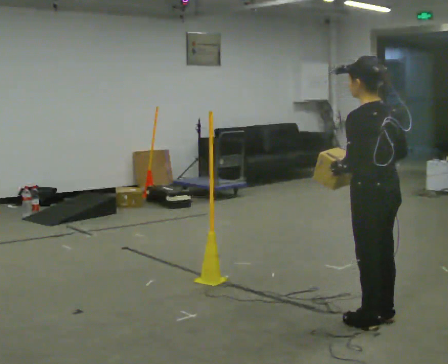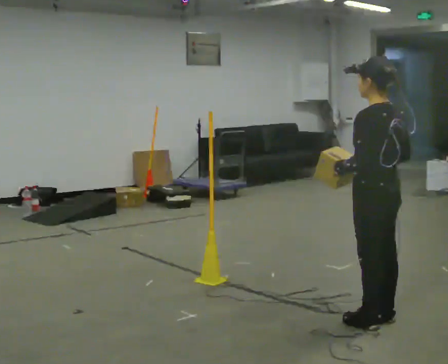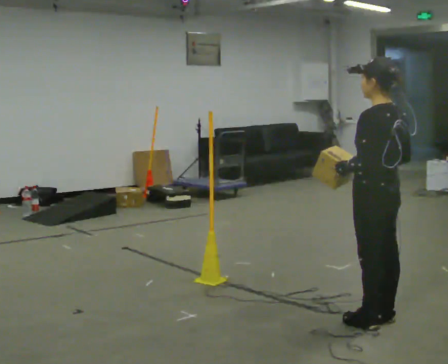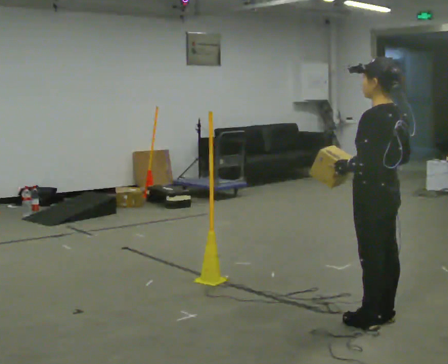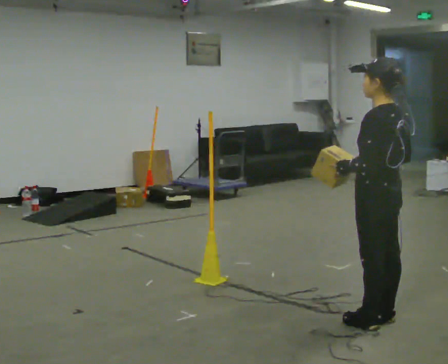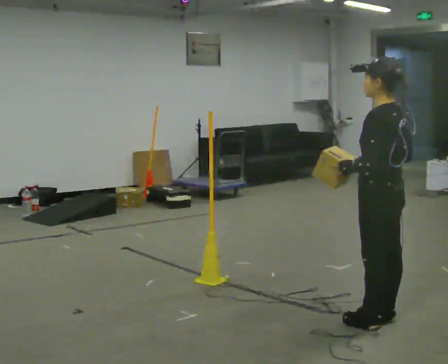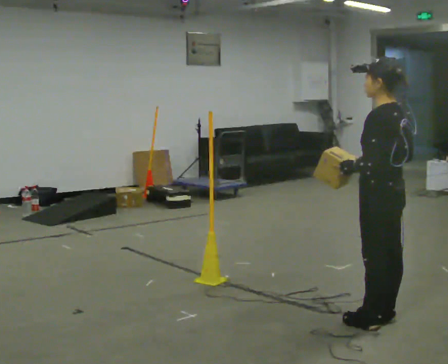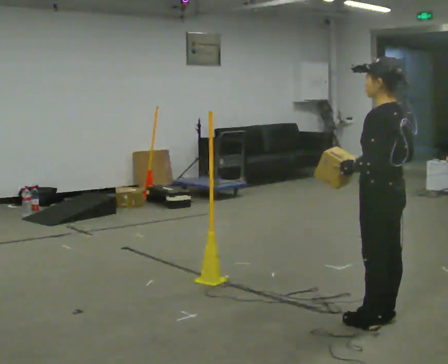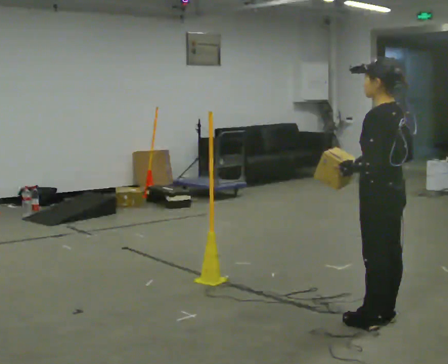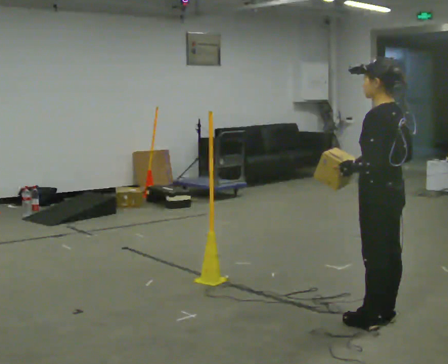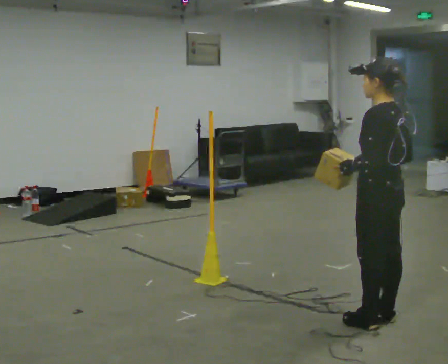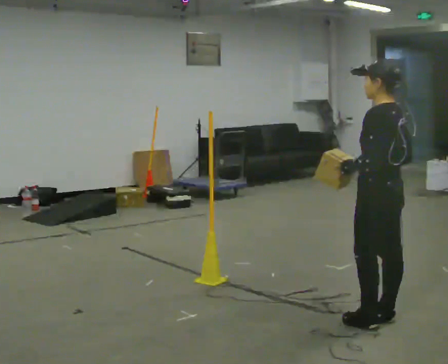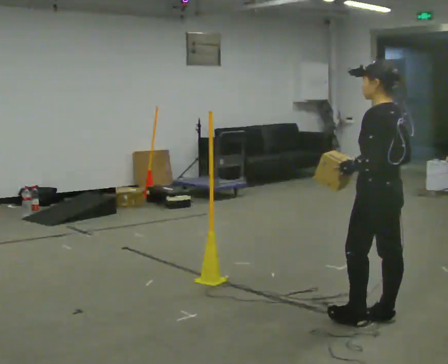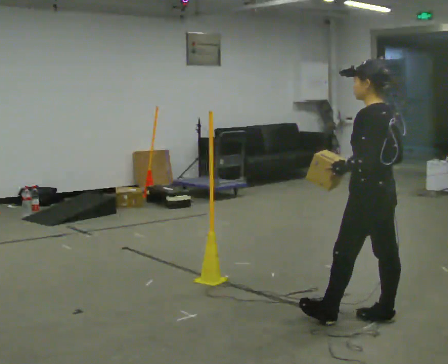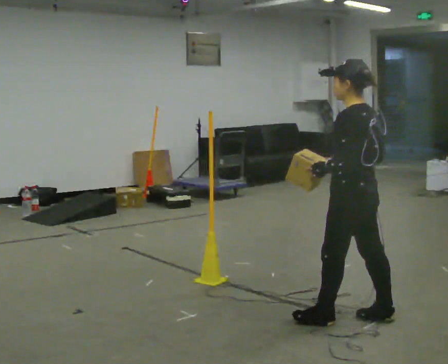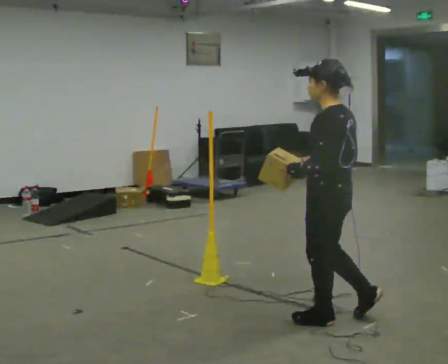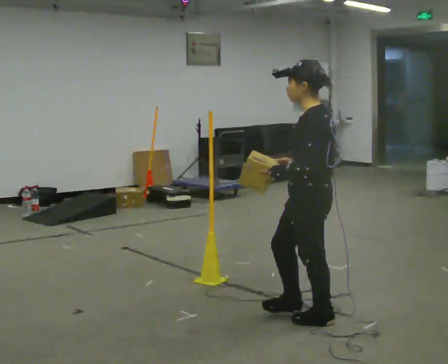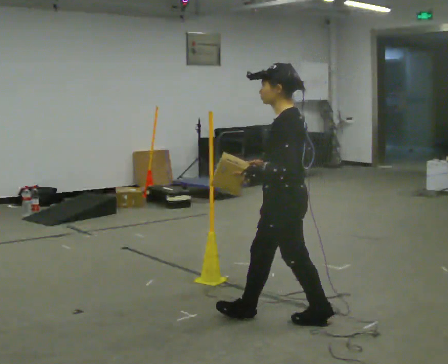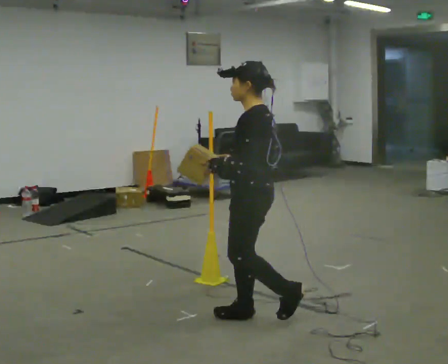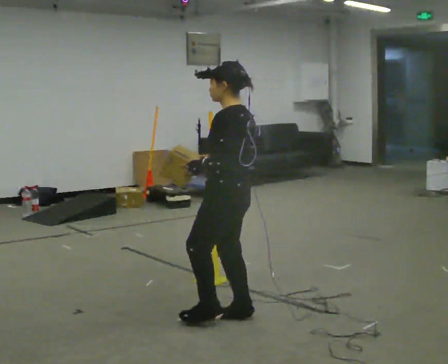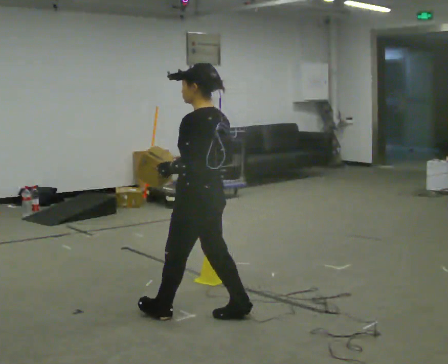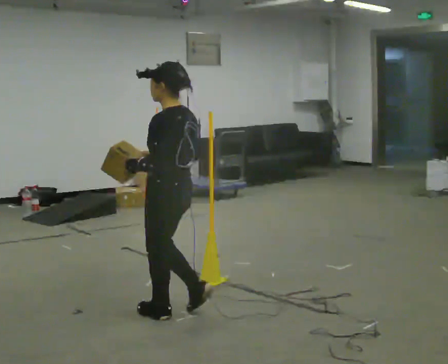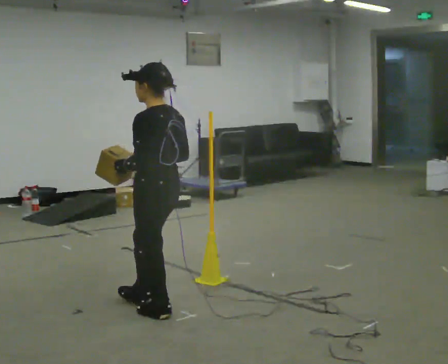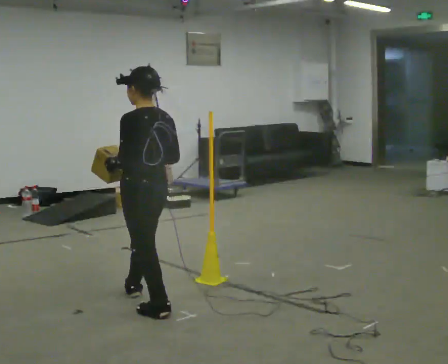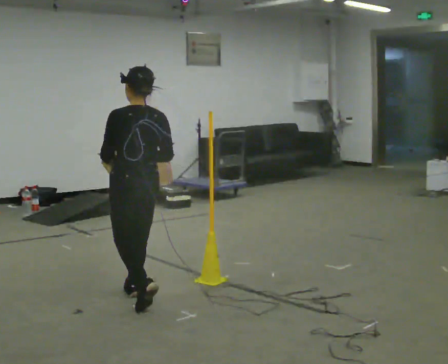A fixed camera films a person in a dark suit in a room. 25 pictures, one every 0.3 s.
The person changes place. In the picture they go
to the left.
0.0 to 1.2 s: The person moves a little, or ends about where they began.
1.2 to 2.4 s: The person keeps their place and pose.
2.4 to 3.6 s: The person moves a little, or ends about where they began.
3.6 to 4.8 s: In the picture they go to the left, about 0.5 m in 1 step, which for them is forward and to their left.
4.8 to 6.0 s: In the picture they go to the left, about 0.75 m in 2 steps, which for them is forward.
6.0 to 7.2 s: The person turns about 30 degrees to their right, clockwise seen from above, so the part of the body nearest the lens slides to the left. In the picture they go to the left and away from the camera, about 0.5 m in 1 step, which for them is forward.
The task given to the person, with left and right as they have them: Carry the box across the room. The operator will step into your path partway across, so go around them and carry on. Keep going until the operator says stop; one object at a time, and do not rush between trips.
The film runs forward here.
